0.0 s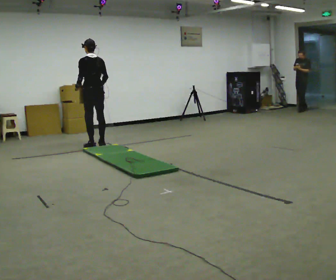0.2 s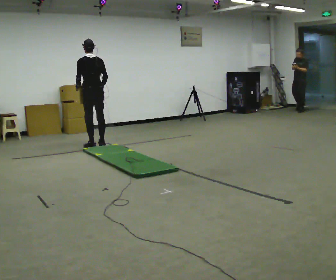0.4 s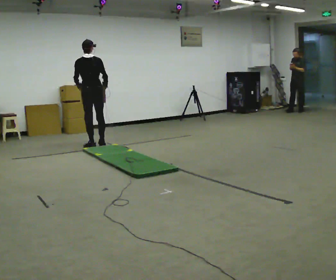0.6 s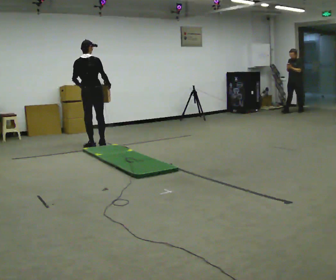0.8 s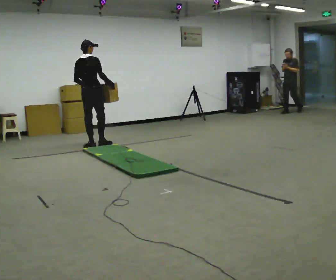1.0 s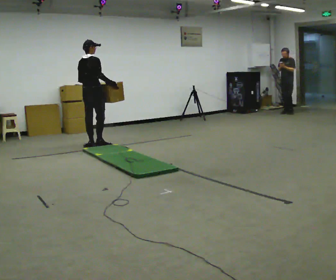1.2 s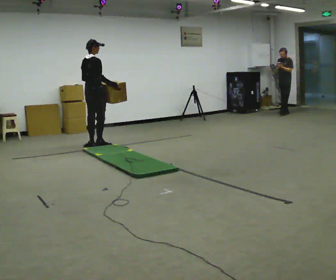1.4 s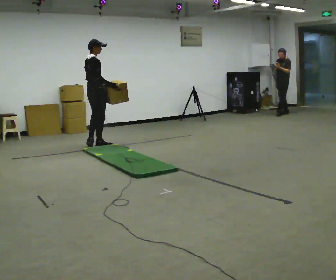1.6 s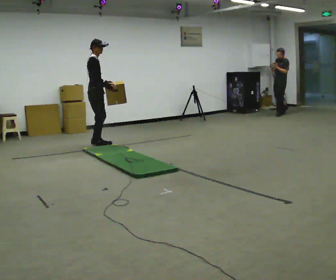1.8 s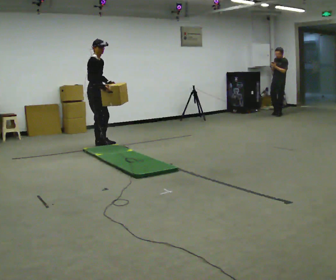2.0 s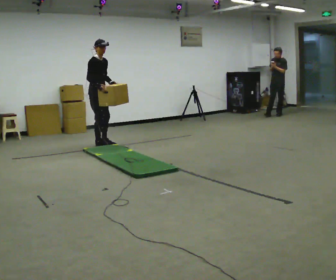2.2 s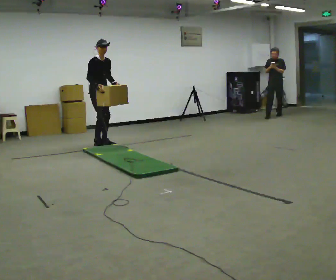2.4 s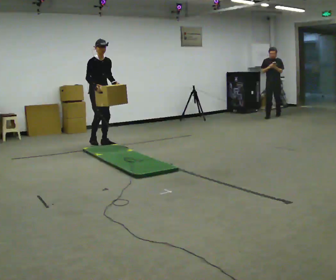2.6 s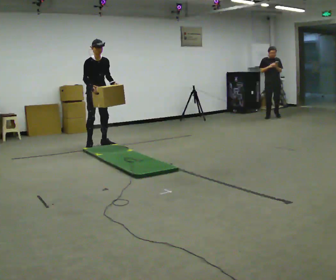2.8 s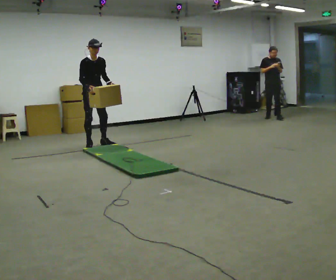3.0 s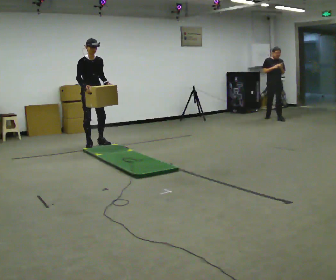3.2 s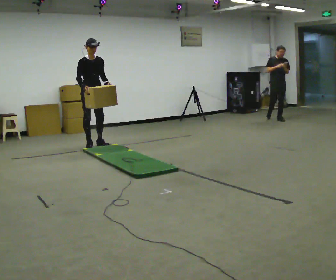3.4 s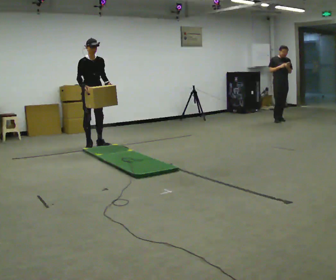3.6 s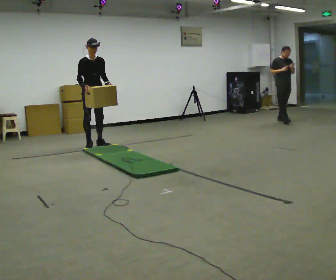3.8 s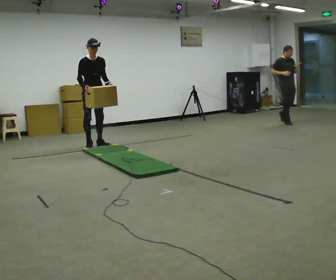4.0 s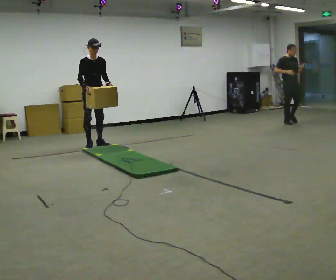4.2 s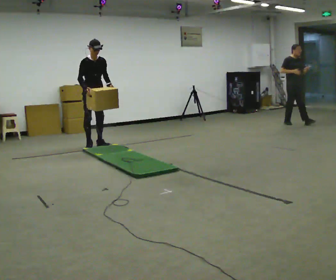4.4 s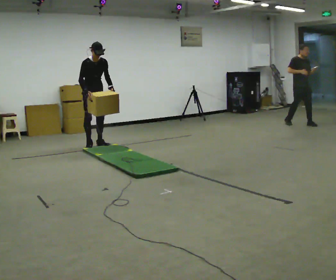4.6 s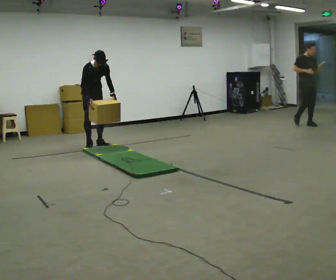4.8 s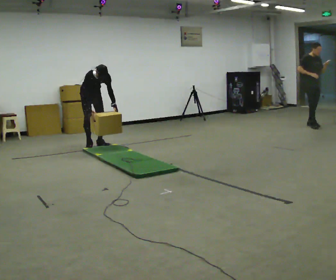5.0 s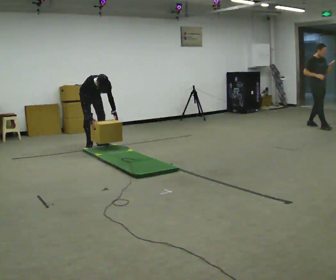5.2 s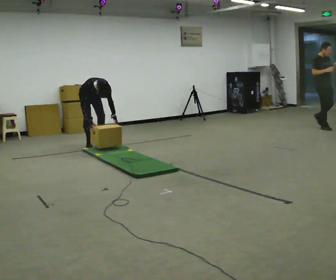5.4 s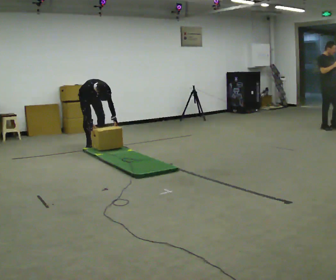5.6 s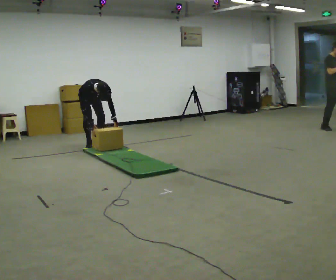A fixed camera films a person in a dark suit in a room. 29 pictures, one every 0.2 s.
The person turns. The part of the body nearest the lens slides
to the left.
The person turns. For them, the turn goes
to their right.
0.0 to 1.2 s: Seen from above the body turns clockwise, about 60 degrees: to their right, with its near side sliding to the left.
1.2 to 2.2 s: The part of the body nearest the lens slides to the left as the person turns to their right by about 90 degrees. In the picture they go away from the camera, about 0.25 m in 1 step.
2.2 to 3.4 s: The person moves a little, or ends about where they began.
3.4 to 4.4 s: The upper body tips toward the camera, its near side rolling downward, as they bend forward.
4.4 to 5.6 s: The shoulders move downward. The upper body tips toward the camera, its near side rolling downward, as they bend forward. In the picture their right hand goes downward.
The film runs forward here.
